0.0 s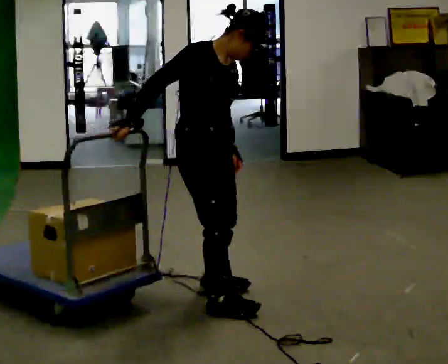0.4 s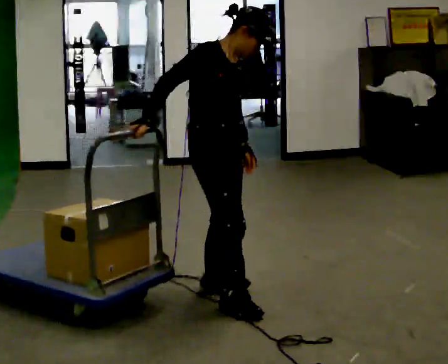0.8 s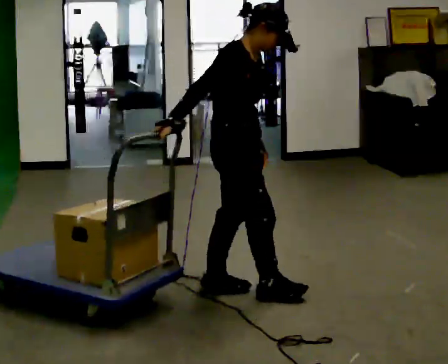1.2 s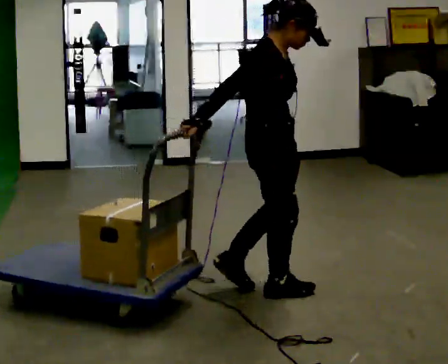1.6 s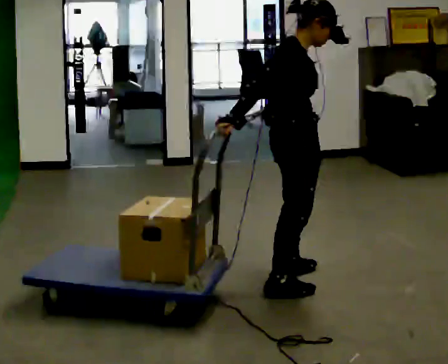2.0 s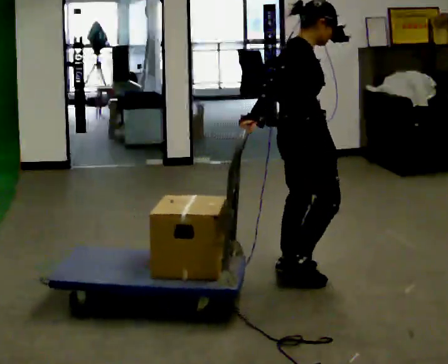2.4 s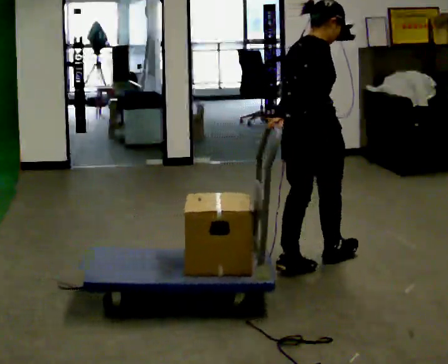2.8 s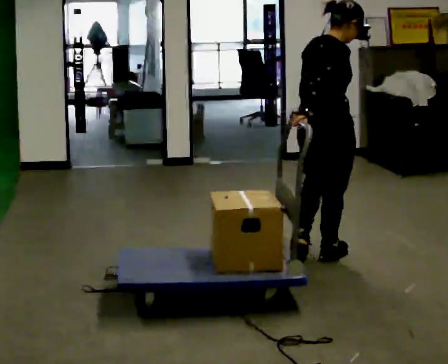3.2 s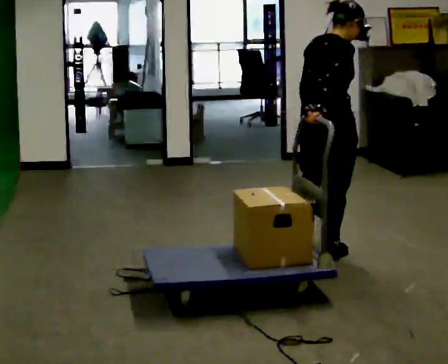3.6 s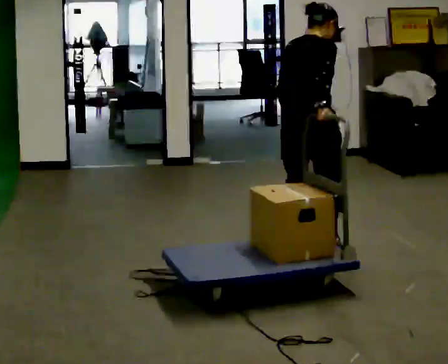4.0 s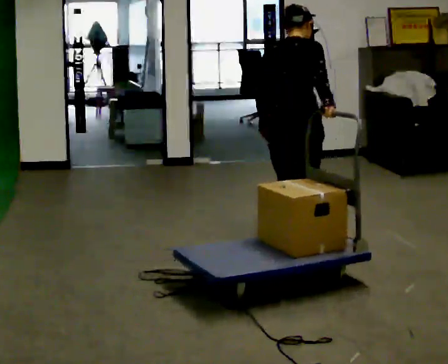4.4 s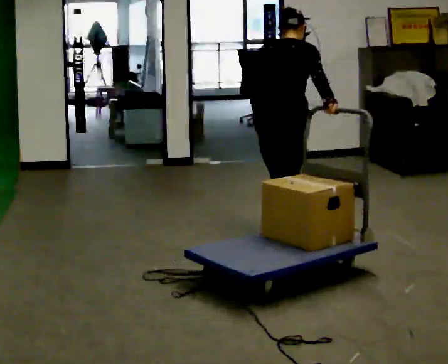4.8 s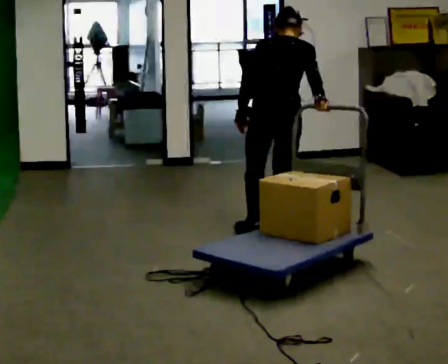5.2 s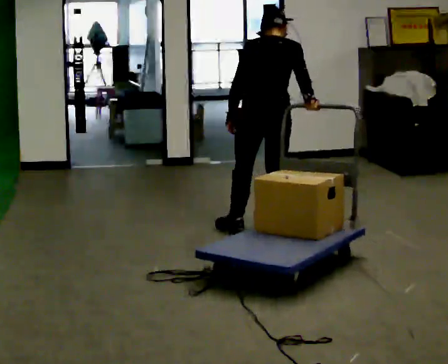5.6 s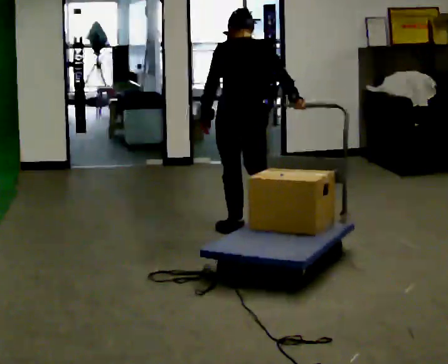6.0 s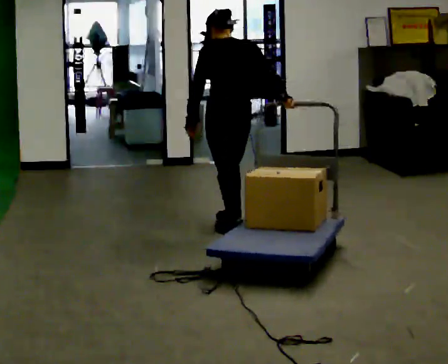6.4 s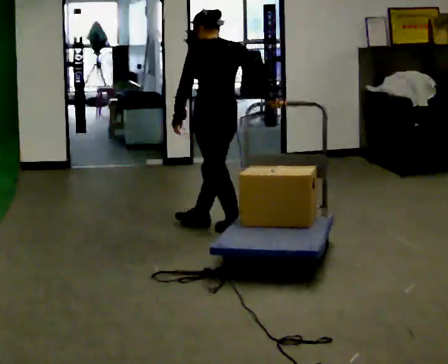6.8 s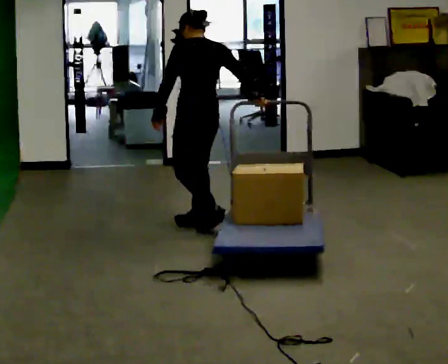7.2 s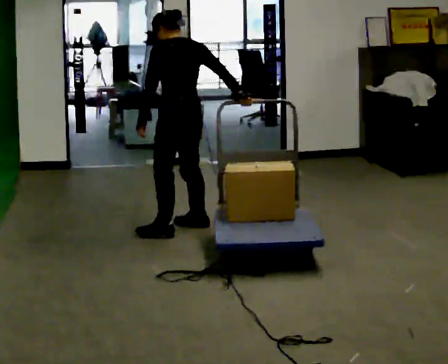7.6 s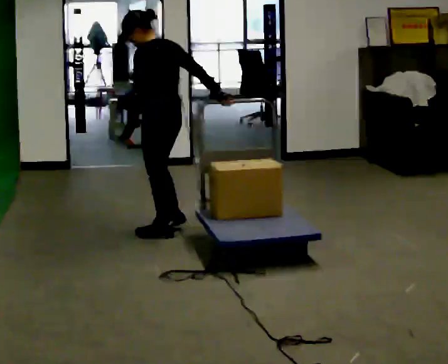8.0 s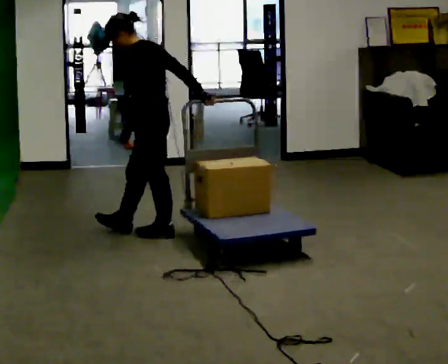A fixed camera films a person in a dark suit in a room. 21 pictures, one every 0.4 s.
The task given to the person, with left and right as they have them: Pull the cart behind you as you walk backward across the room. The operator will confirm the space behind you is clear before each take.
0.0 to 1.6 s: The part of the body nearest the lens slides to the right as the person turns to their left by about 30 degrees. In the picture they go to the right and away from the camera, about 0.5 m in 2 steps, which for them is forward and to their left.
1.6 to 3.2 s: The part of the body nearest the lens slides to the right as the person turns to their left by about 45 degrees. In the picture they go away from the camera and to the right, about 0.5 m in 1 step, which for them is forward and to their left.
3.2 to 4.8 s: The part of the body nearest the lens slides to the right as the person turns to their left by about 45 degrees. In the picture they go away from the camera and to the left, about 0.5 m in 2 steps, which for them is forward and to their left.
4.8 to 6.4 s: The part of the body nearest the lens slides to the right as the person turns to their left by about 30 degrees. In the picture they go to the left and away from the camera, about 0.5 m in 2 steps, which for them is to their left and forward.
6.4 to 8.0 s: Seen from above the body turns counterclockwise, about 45 degrees: to their left, with its near side sliding to the right. In the picture they go to the left, about 0.5 m in 2 steps, which for them is to their left and forward.
The film runs forward here.
